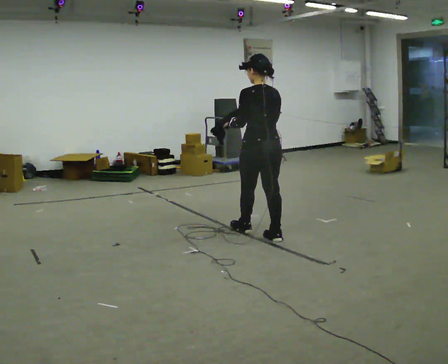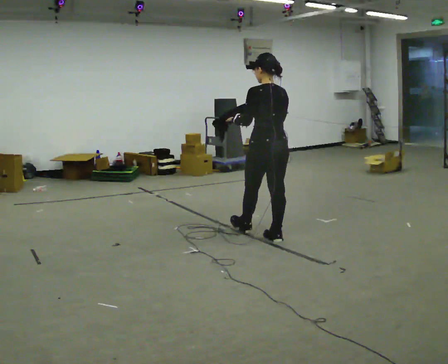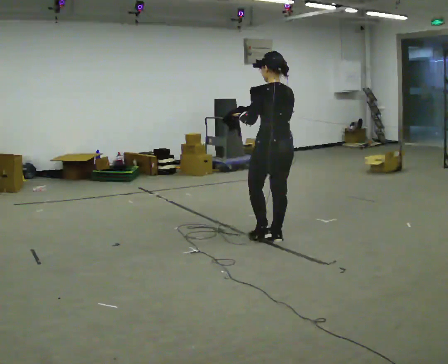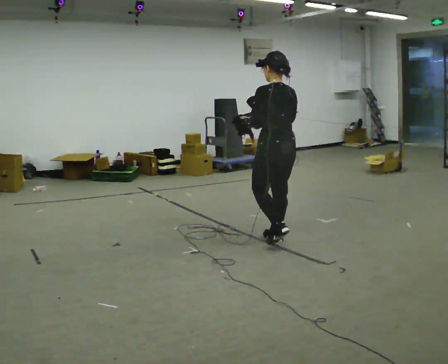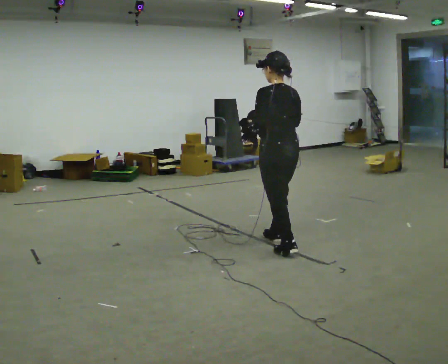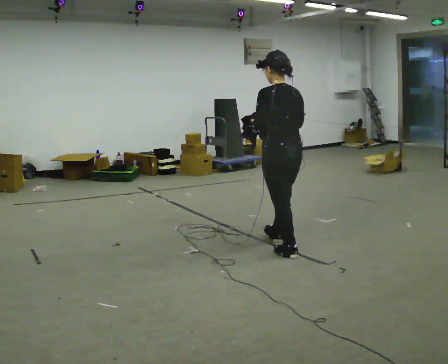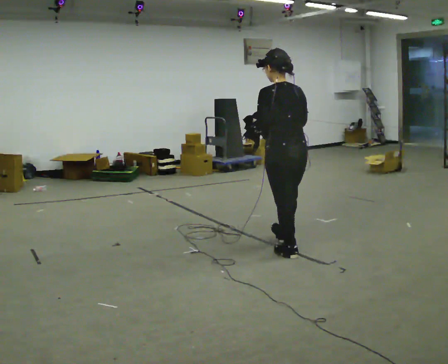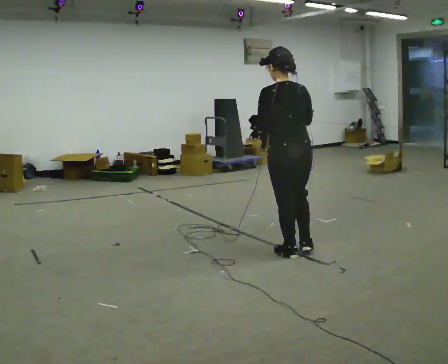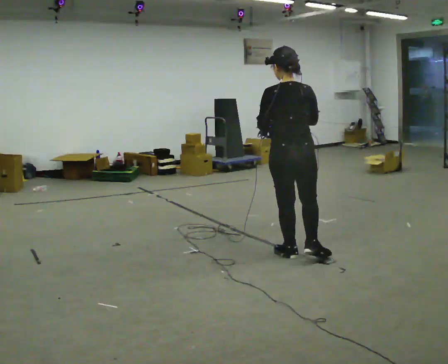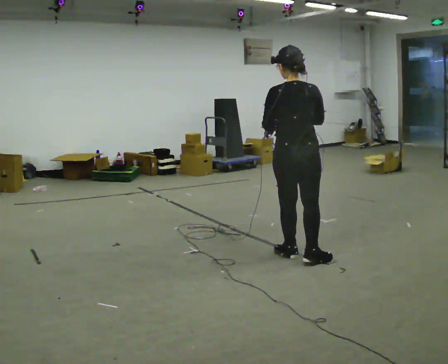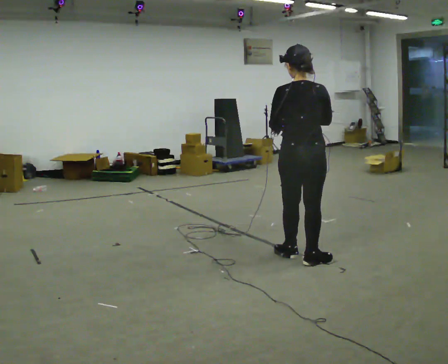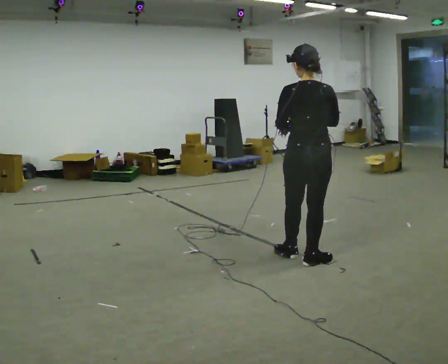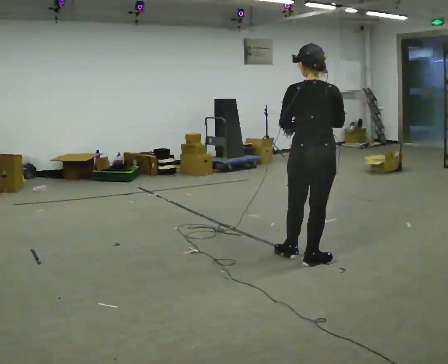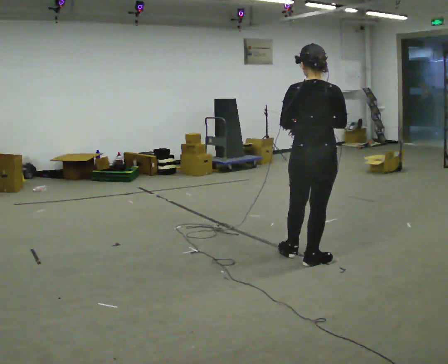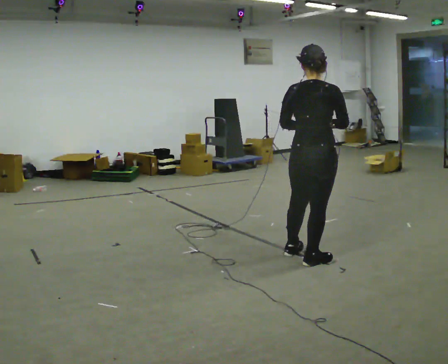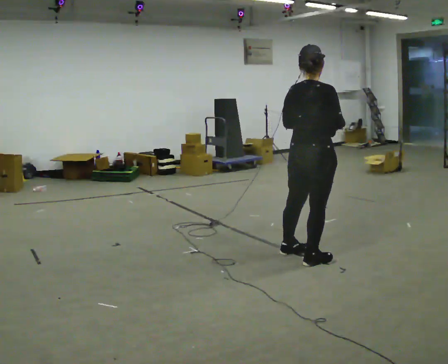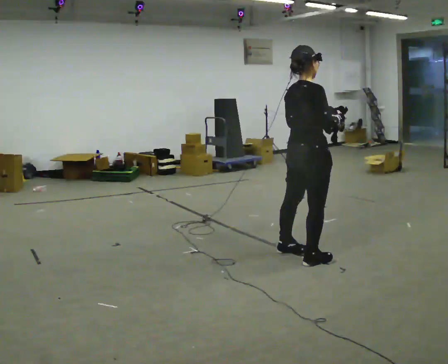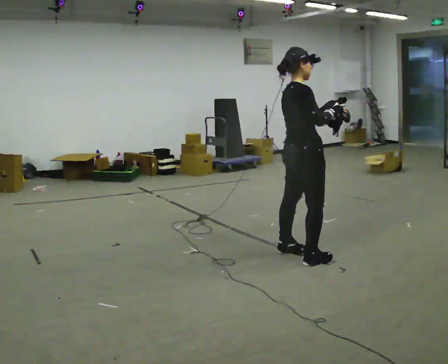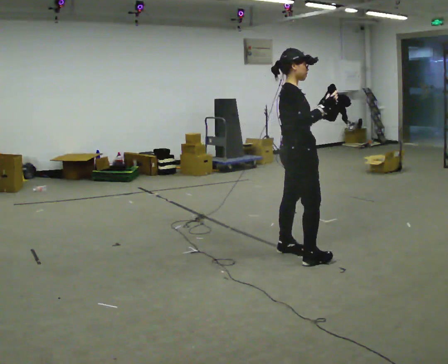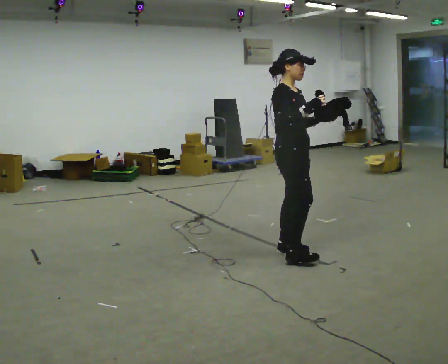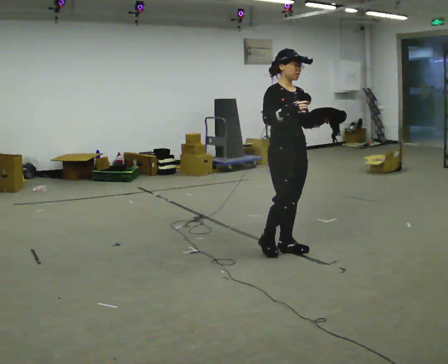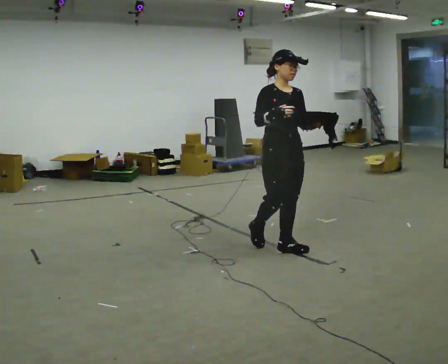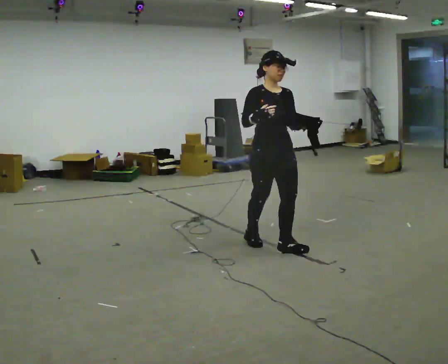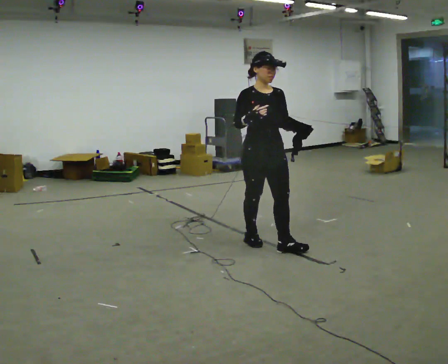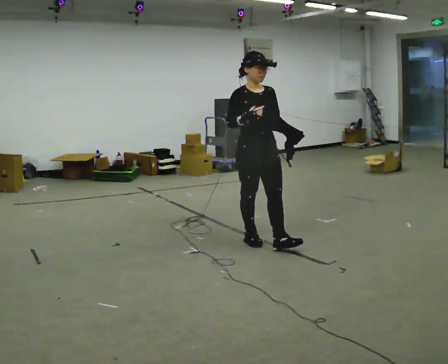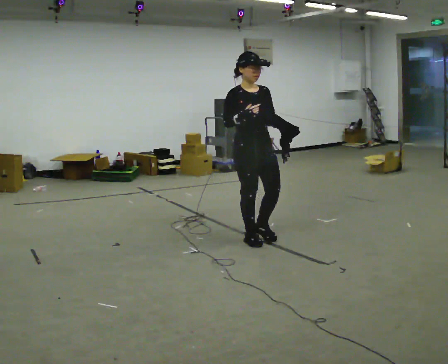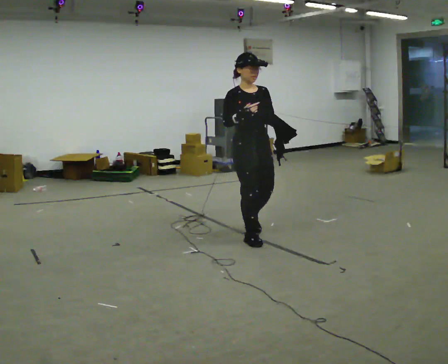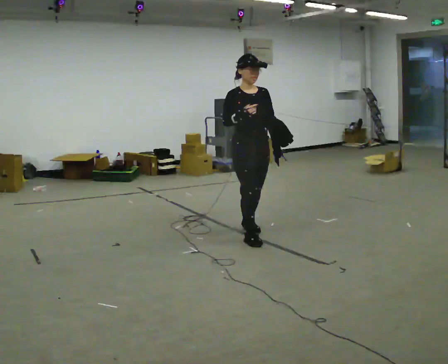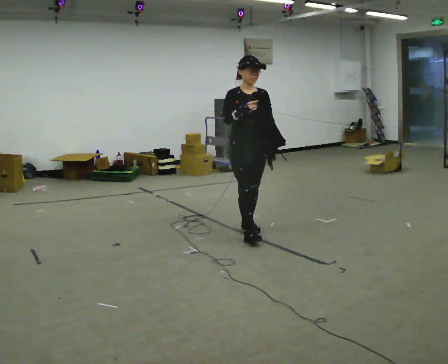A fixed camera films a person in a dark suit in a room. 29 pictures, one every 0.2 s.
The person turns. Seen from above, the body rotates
clockwise.
The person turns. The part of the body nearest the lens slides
to the left.
0.0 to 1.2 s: In the picture they go toward the camera and to the right, about 0.5 m in 2 steps, which for them is backward.
1.2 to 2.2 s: The part of the body nearest the lens slides to the left as the person turns to their right by about 30 degrees. In the picture they go toward the camera and to the right, about 0.25 m, which for them is backward and to their right.
2.2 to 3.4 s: The part of the body nearest the lens slides to the left as the person turns to their right by about 75 degrees.
3.4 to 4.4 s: The person turns about 75 degrees to their right, clockwise seen from above, so the part of the body nearest the lens slides to the left. In the picture they go to the left and away from the camera, about 0.25 m in 1 step.
4.4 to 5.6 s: In the picture they go away from the camera and to the left, about 0.5 m in 1 step, which for them is backward.
The film runs backward here.
